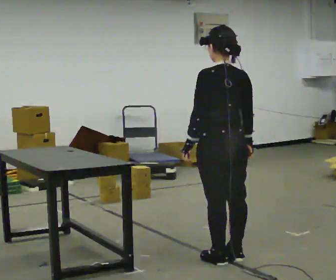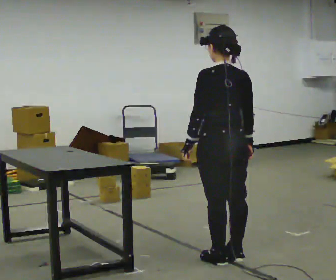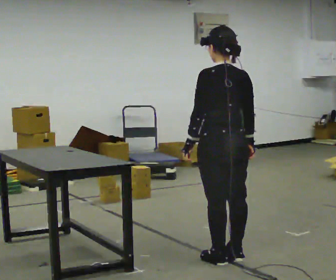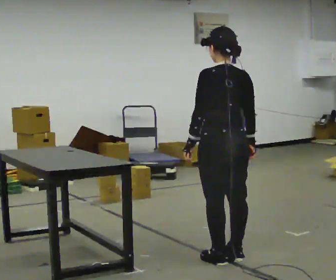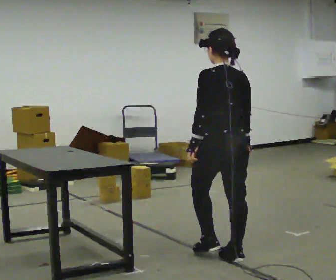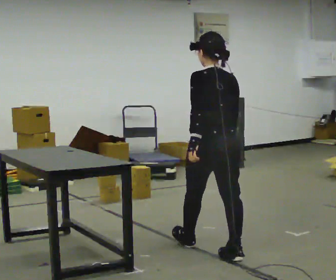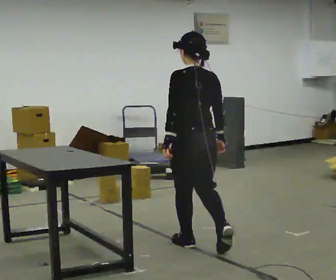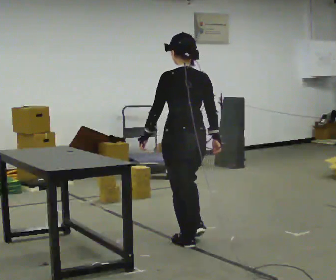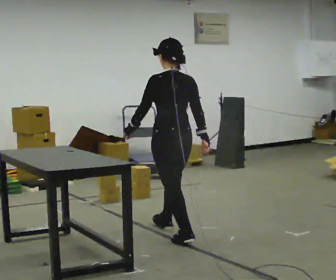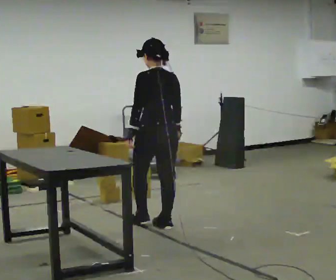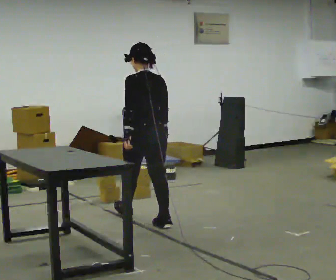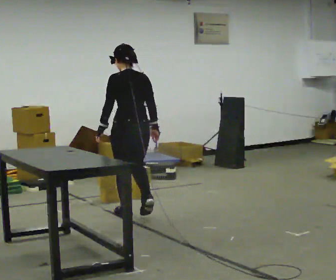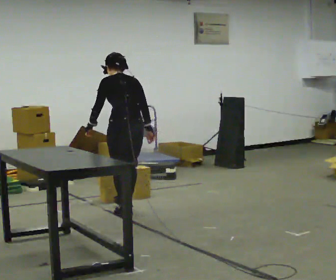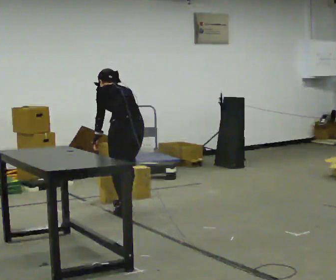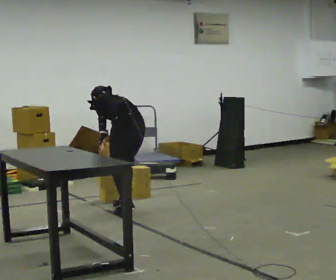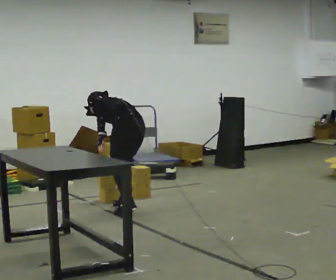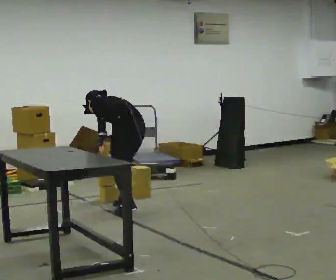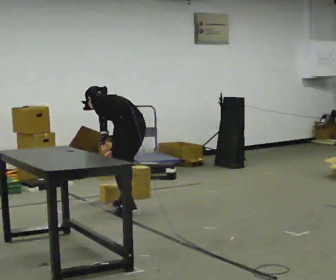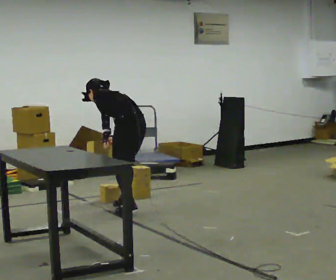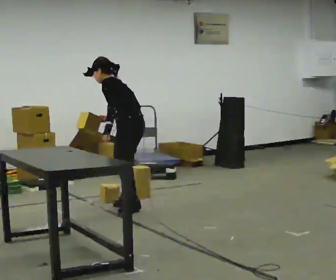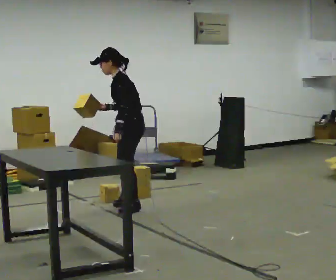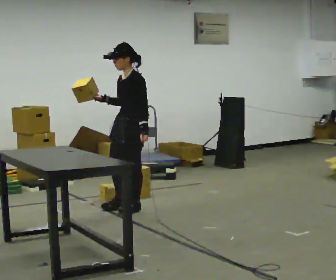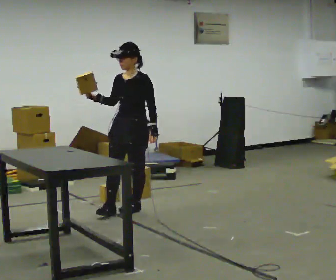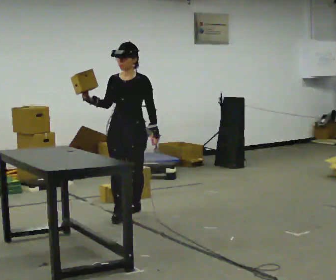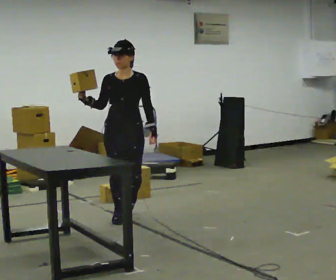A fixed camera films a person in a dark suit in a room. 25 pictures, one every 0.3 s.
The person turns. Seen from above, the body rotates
counterclockwise.
The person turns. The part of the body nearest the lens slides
to the right.
0.0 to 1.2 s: The person moves a little, or ends about where they began.
1.2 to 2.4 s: In the picture they go away from the camera and to the left, about 1 m in 2 steps, which for them is forward.
2.4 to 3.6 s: In the picture they go away from the camera and to the left, about 1 m in 2 steps, which for them is forward. The upper body tips away from the camera, its near side rolling upward, as they bend forward.
3.6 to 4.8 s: In the picture they go away from the camera, about 0.25 m, which for them is to their right and forward. The upper body goes downward. In the picture the upper body tilts counterclockwise, shoulders to the left, as they bend forward.
4.8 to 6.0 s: The person turns about 45 degrees to their left, counterclockwise seen from above, so the part of the body nearest the lens slides to the right. The upper body goes upward. The upper body tips toward the camera, its near side rolling downward, as they lean back or straighten. In the picture their right hand goes upward.
6.0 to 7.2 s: The person turns about 90 degrees to their left, counterclockwise seen from above, so the part of the body nearest the lens slides to the right. In the picture they go toward the camera, about 0.5 m in 1 step. In the picture the upper body tilts clockwise, shoulders to the right, as they lean back or straighten.
The film runs forward here.
